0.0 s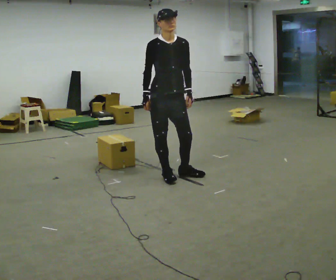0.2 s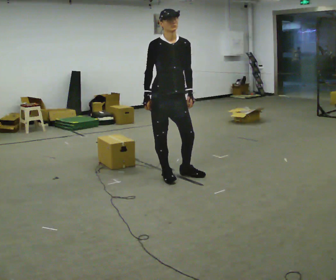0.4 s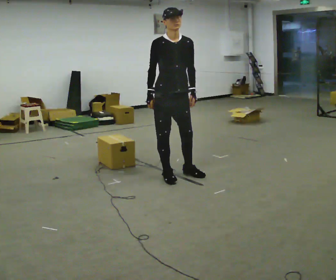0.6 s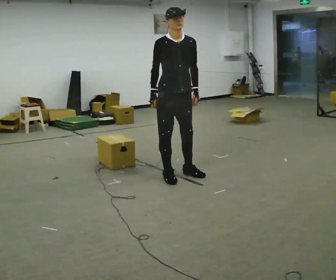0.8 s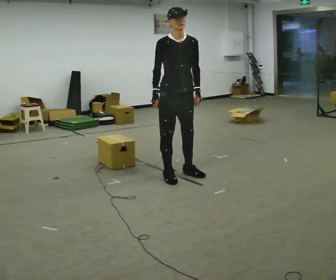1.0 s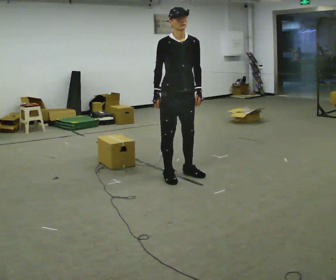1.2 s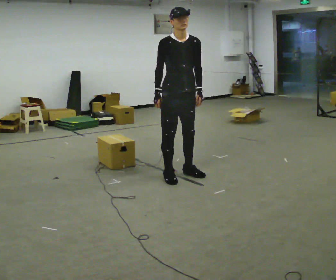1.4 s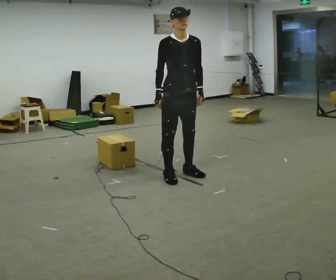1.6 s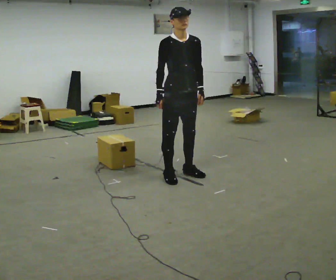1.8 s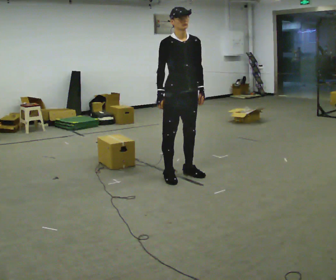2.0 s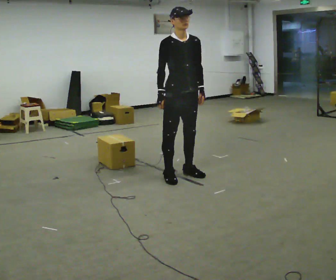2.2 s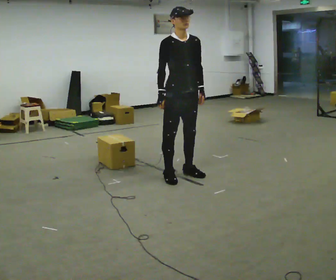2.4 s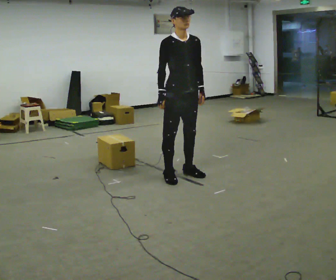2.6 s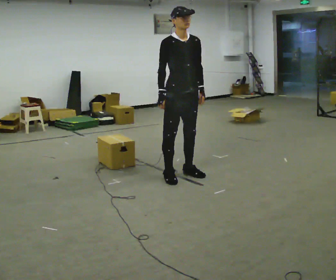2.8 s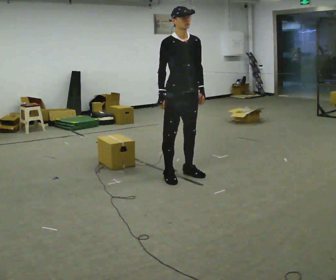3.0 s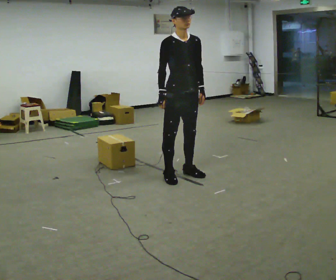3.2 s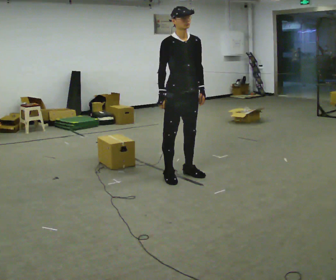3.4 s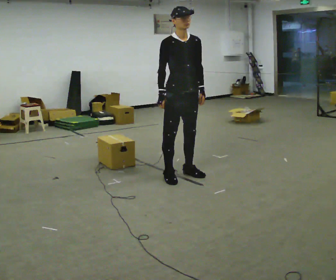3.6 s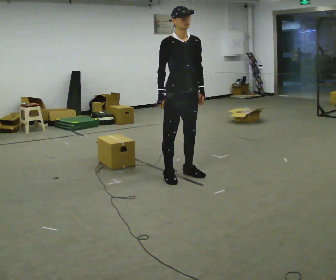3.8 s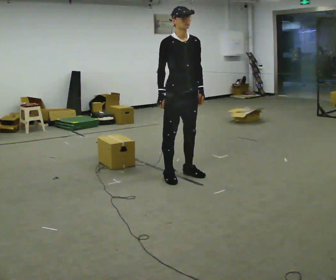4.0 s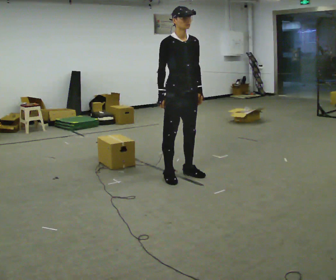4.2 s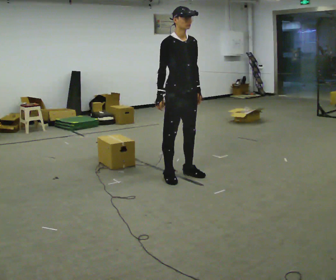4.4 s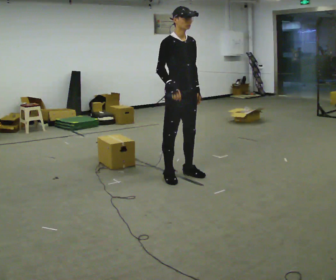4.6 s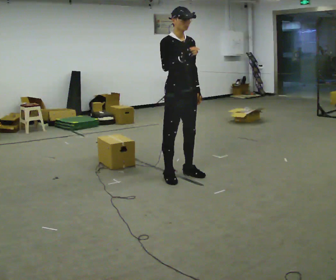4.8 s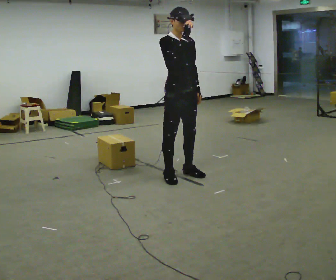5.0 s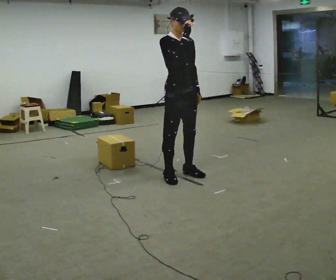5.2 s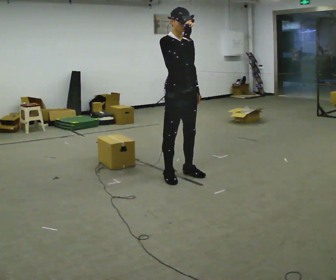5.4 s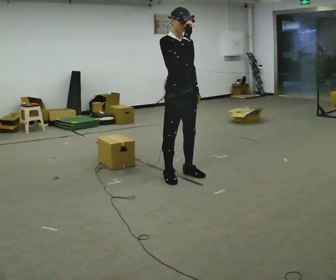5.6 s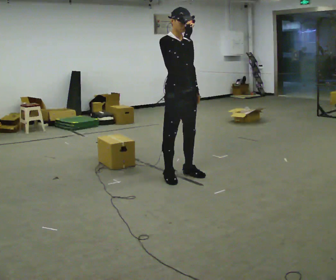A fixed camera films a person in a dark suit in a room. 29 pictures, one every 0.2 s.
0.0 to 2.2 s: The person moves a little, or ends about where they began.
2.2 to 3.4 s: The person keeps their place and pose.
3.4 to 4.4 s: The person moves a little, or ends about where they began.
4.4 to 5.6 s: In the picture their right hand goes upward.
The film runs backward here.
